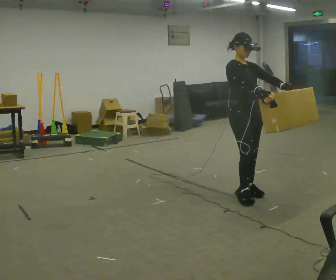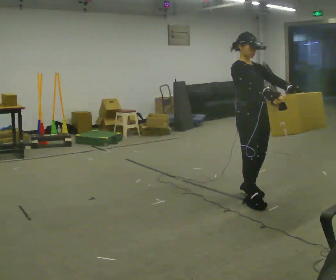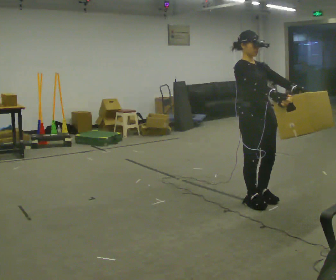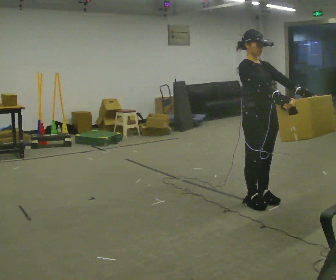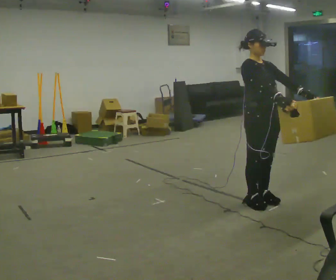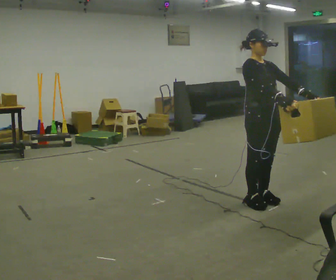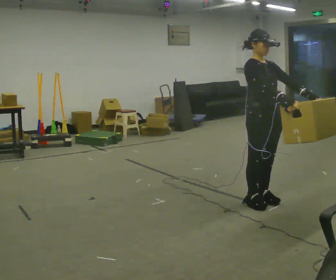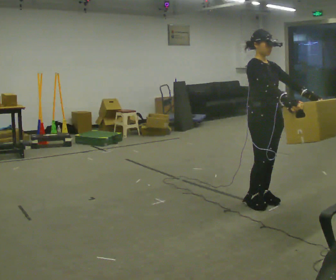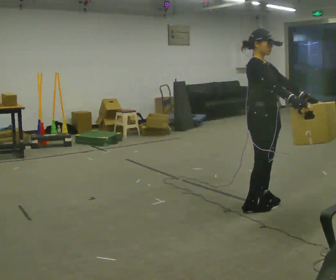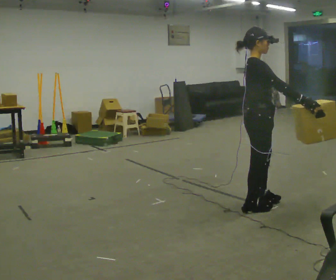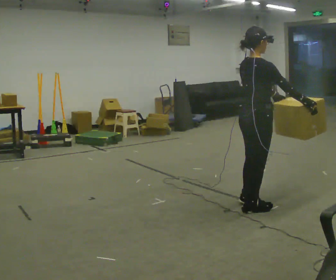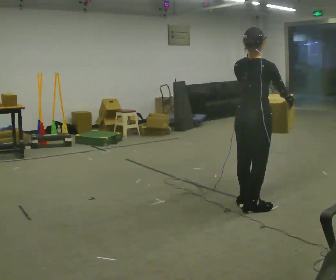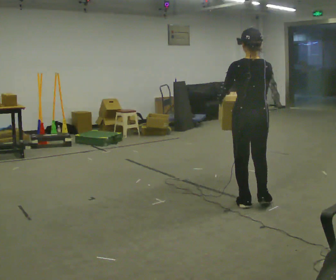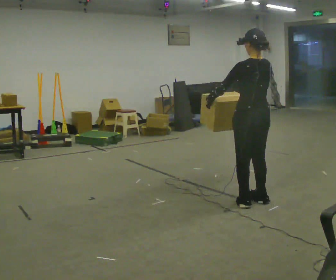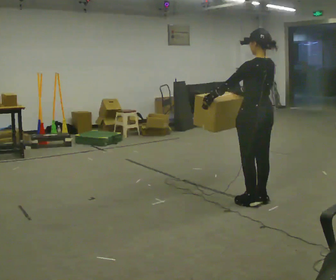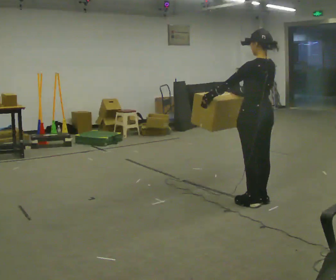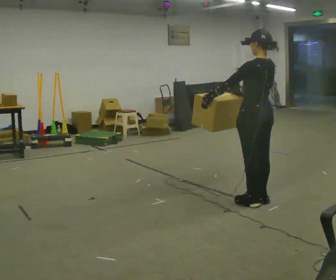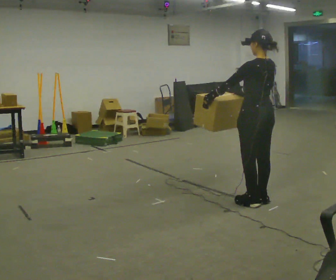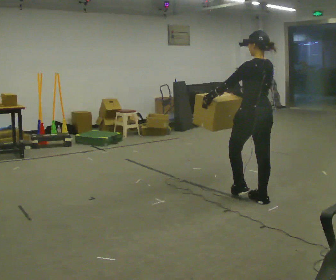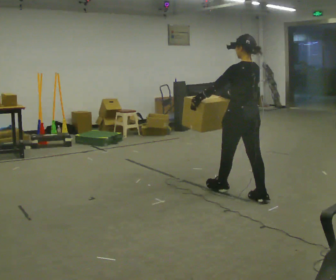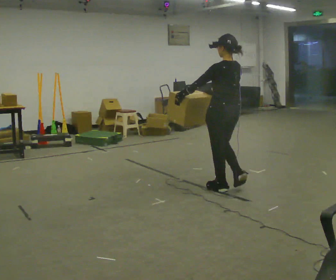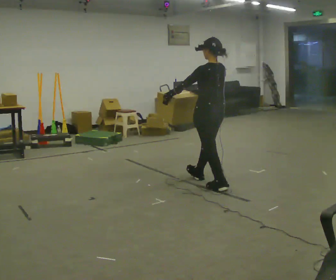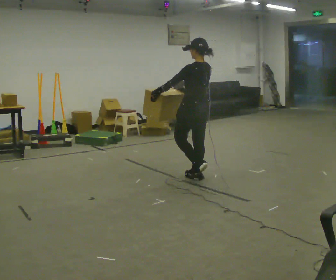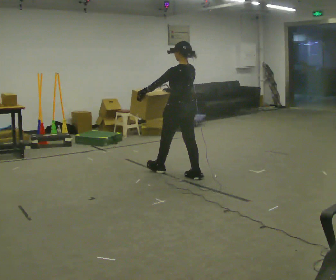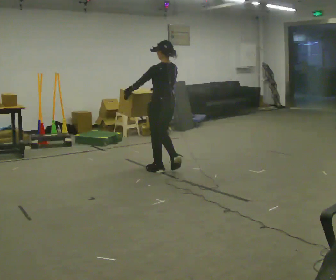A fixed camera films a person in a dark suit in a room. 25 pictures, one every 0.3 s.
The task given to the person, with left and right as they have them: Carry the heavy box in both hands in front of you, walking back and forth across the room. Keep walking until the operator says stop. Set it down if you need a rest.
0.0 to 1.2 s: In the picture they go toward the camera, about 0.25 m in 2 steps, which for them is forward.
1.2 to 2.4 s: The person moves a little, or ends about where they began.
2.4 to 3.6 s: The person turns about 120 degrees to their left, counterclockwise seen from above, so the part of the body nearest the lens slides to the right.
3.6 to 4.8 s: The person turns about 30 degrees to their left, counterclockwise seen from above, so the part of the body nearest the lens slides to the right.
4.8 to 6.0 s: In the picture they go away from the camera and to the left, about 0.5 m in 1 step, which for them is forward.
6.0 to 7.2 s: In the picture they go to the left and away from the camera, about 1 m in 2 steps, which for them is forward.
The film runs forward here.
